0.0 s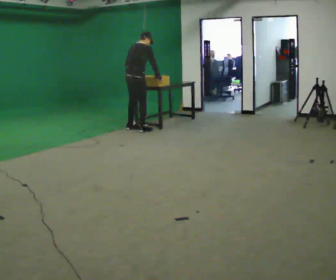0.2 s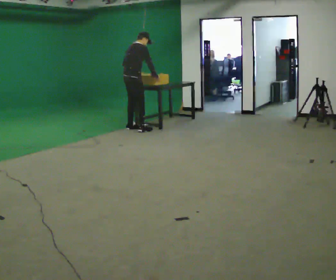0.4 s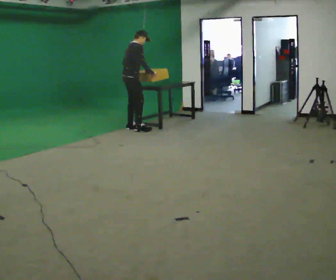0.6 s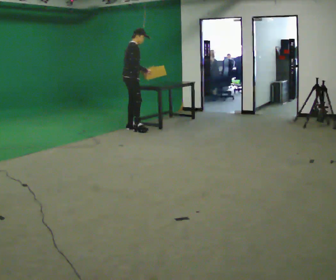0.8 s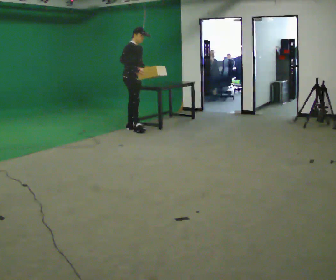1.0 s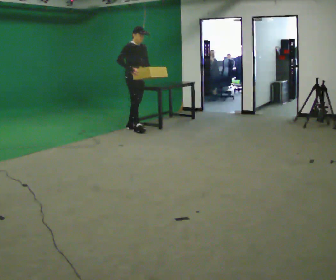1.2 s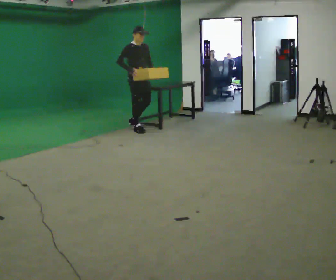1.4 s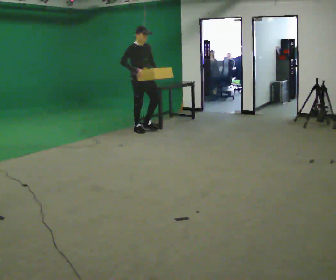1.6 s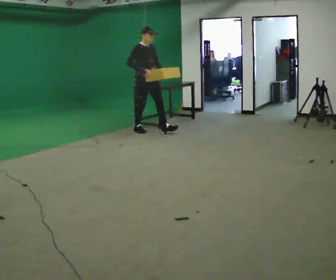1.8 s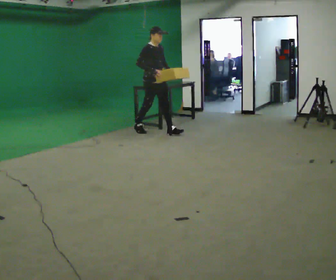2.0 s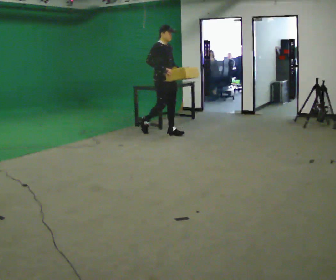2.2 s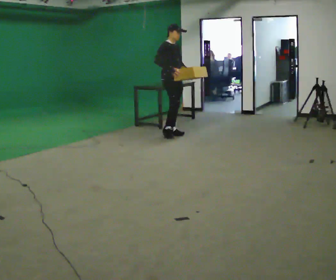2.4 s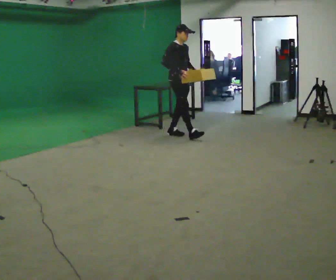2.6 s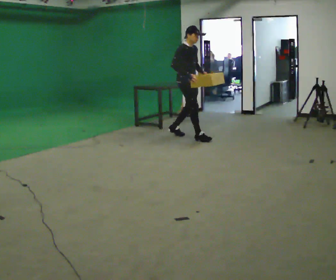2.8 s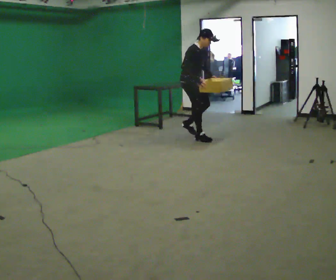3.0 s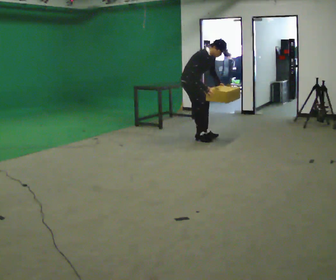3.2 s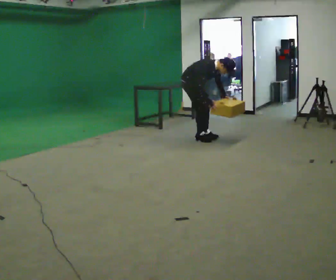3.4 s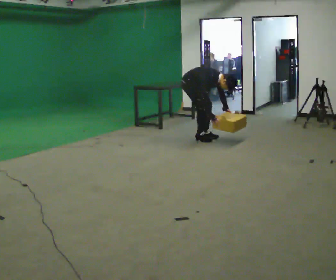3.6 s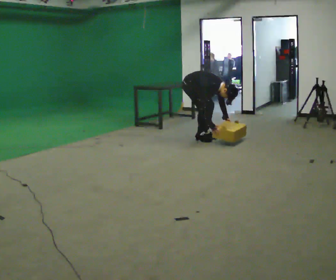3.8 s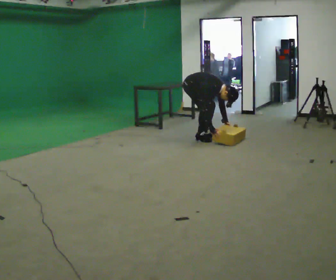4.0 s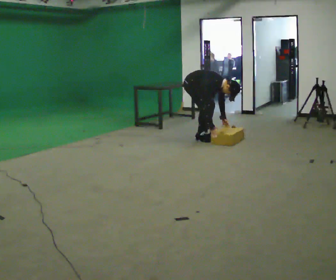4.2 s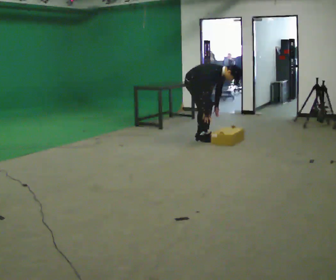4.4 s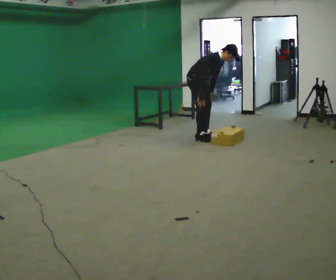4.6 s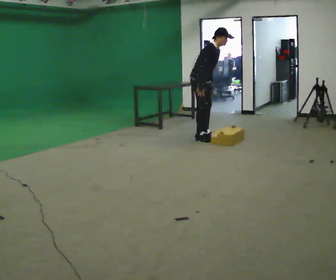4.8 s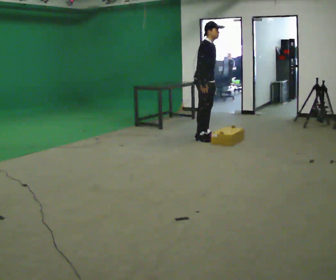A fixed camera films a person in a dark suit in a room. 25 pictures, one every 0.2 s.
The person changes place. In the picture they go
to the right.
0.0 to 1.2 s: The part of the body nearest the lens slides to the left as the person turns to their right by about 90 degrees. The upper body tips toward the camera, its near side rolling downward, as they lean back or straighten. In the picture their right hand goes to the left.
1.2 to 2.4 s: In the picture they go to the right and toward the camera, about 1 m in 1 step, which for them is forward.
2.4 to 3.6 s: In the picture they go to the right, about 0.25 m in 2 steps, which for them is forward. The upper body goes downward. In the picture the upper body tilts clockwise, shoulders to the right, as they bend forward. In the picture their right hand goes downward and to the right.
3.6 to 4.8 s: In the picture they go to the right, about 0.25 m, which for them is forward. The shoulders move upward. In the picture the upper body tilts counterclockwise, shoulders to the left, as they lean back or straighten. In the picture their left hand goes upward.
The film runs forward here.
